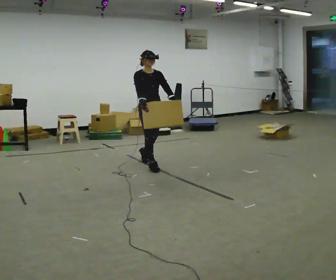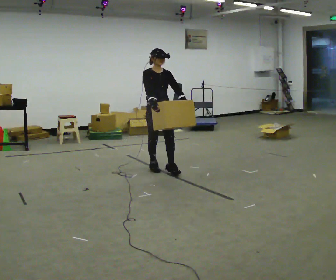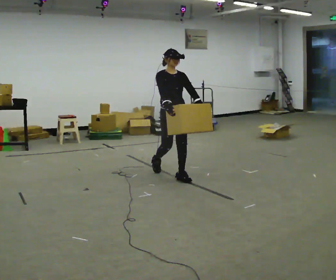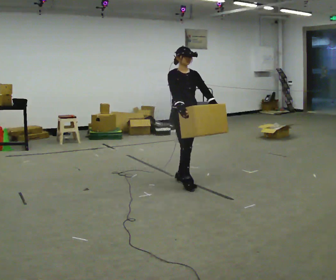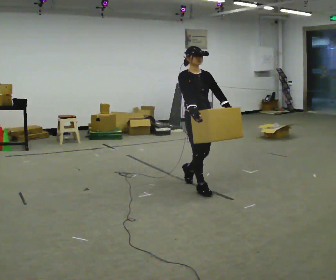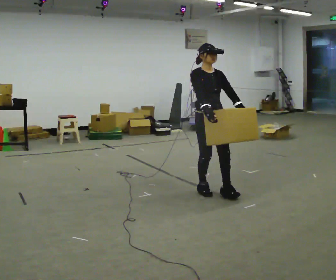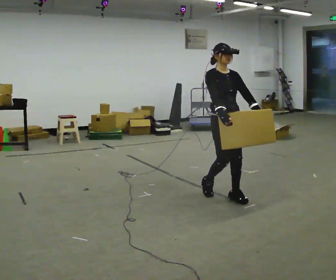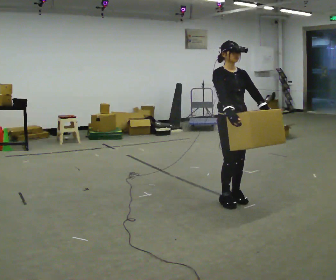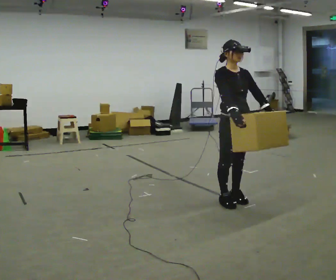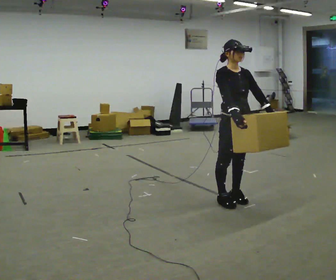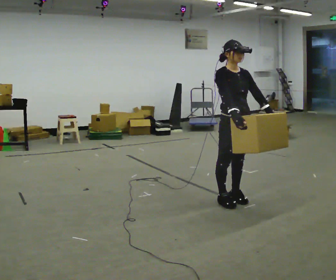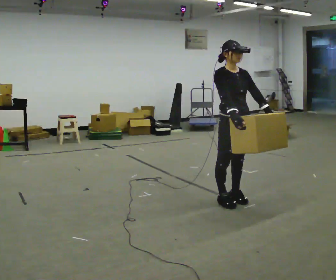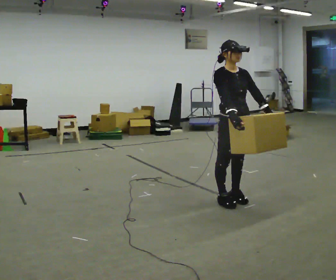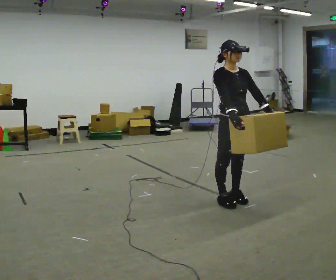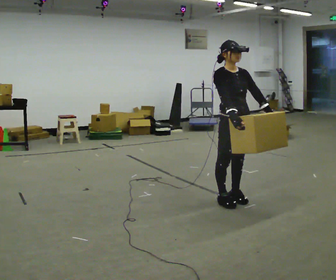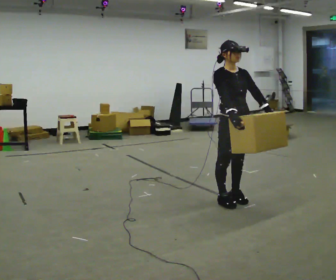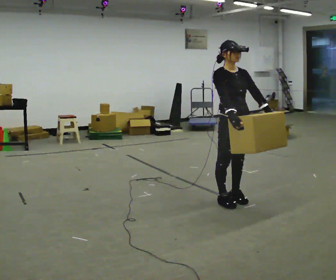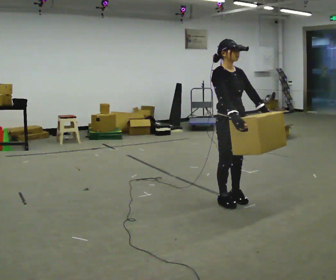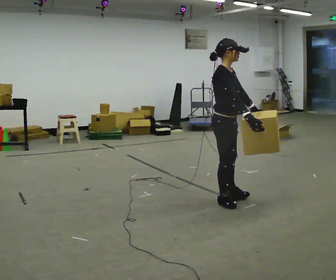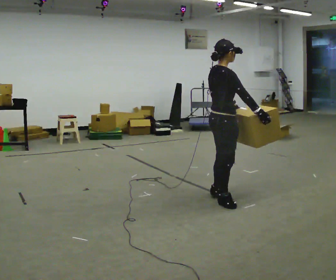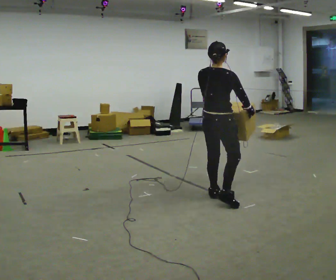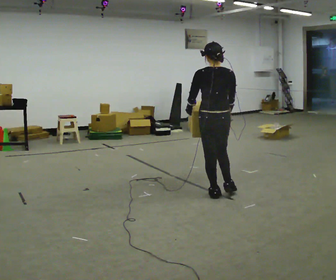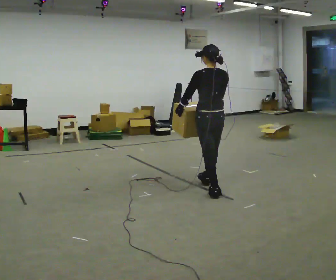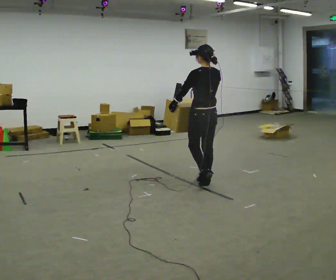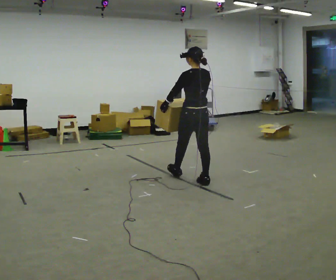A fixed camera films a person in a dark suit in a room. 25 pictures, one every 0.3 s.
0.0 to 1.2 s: In the picture they go to the right and toward the camera, about 1 m in 2 steps, which for them is forward.
1.2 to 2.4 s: In the picture they go to the right and toward the camera, about 0.5 m in 2 steps, which for them is forward.
2.4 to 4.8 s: The person keeps their place and pose.
4.8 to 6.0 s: The part of the body nearest the lens slides to the right as the person turns to their left by about 120 degrees.
6.0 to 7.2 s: Seen from above the body turns counterclockwise, about 60 degrees: to their left, with its near side sliding to the right. In the picture they go away from the camera and to the left, about 0.75 m in 1 step.
The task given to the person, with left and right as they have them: Carry the medium box in both hands in front of you, walking back and forth across the room. Keep walking until the operator says stop.
The film runs forward here.
